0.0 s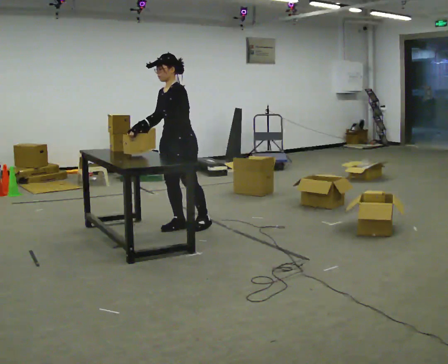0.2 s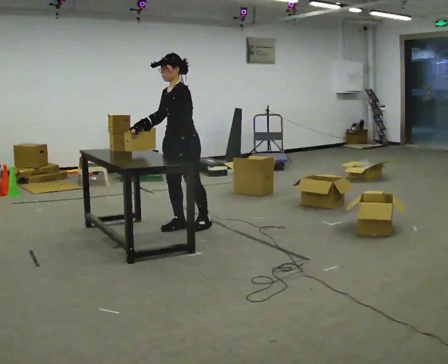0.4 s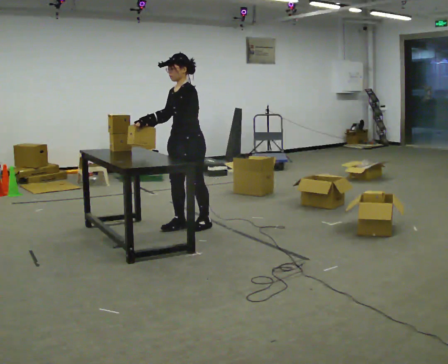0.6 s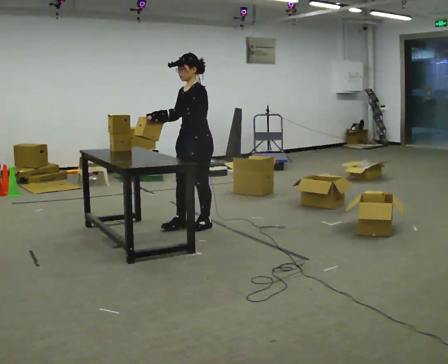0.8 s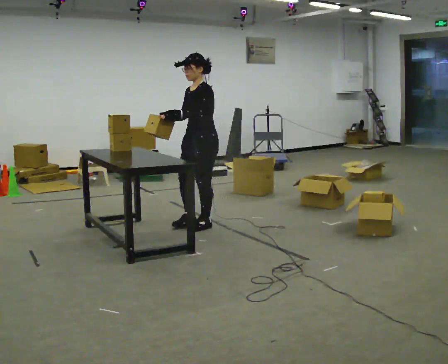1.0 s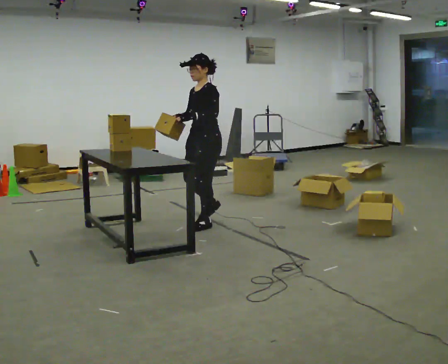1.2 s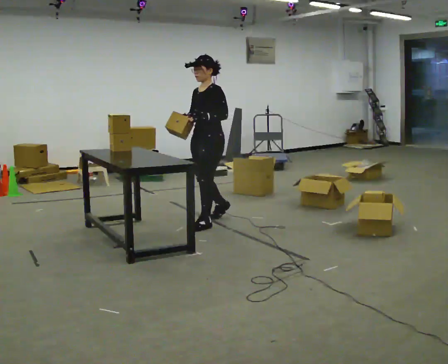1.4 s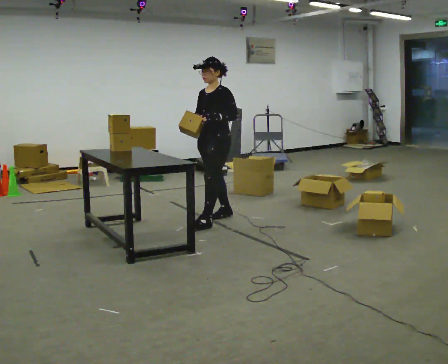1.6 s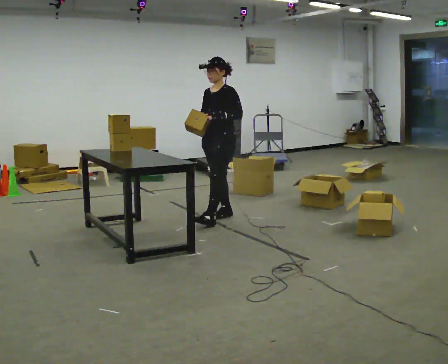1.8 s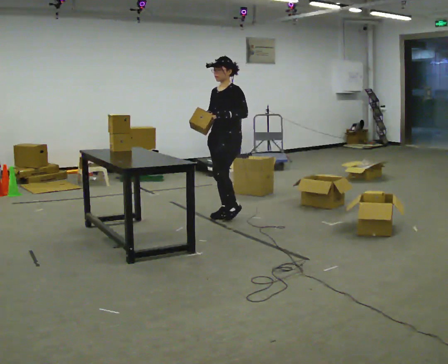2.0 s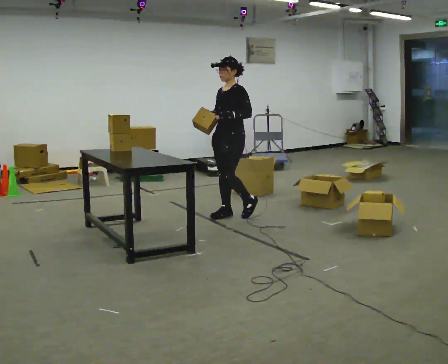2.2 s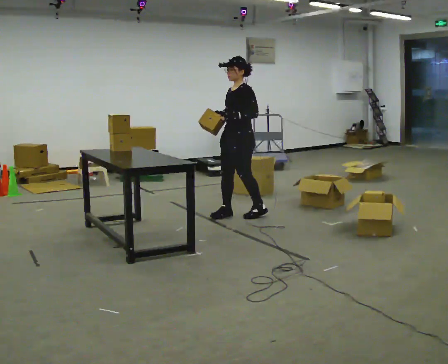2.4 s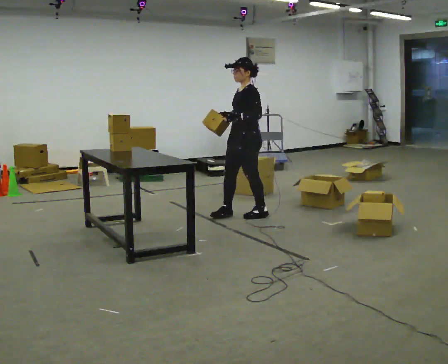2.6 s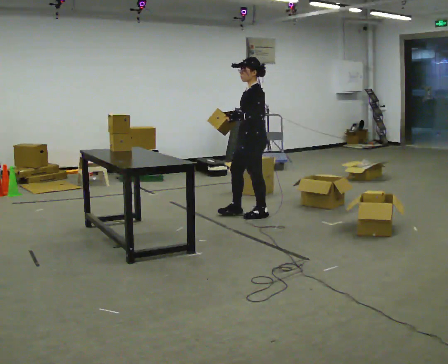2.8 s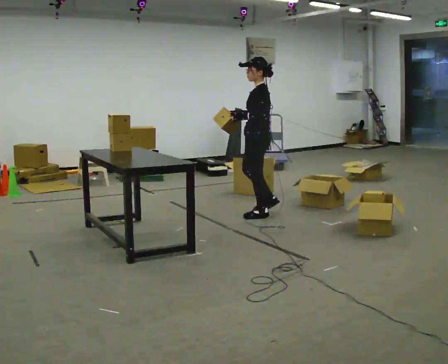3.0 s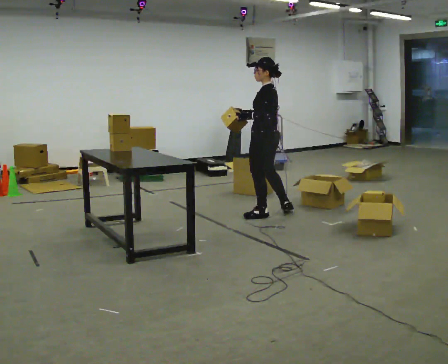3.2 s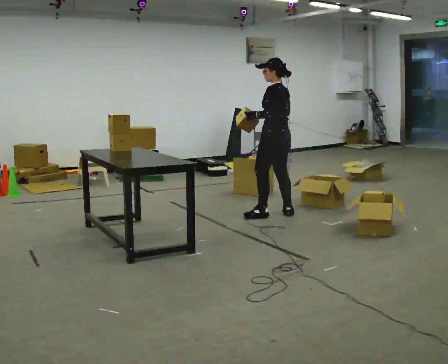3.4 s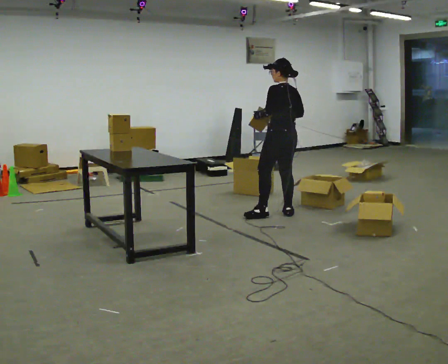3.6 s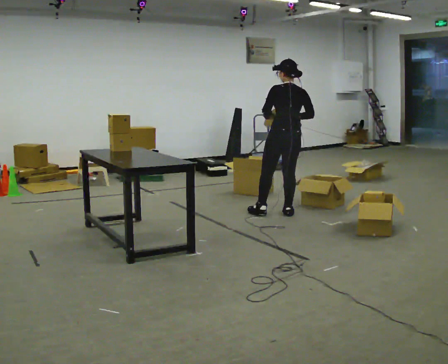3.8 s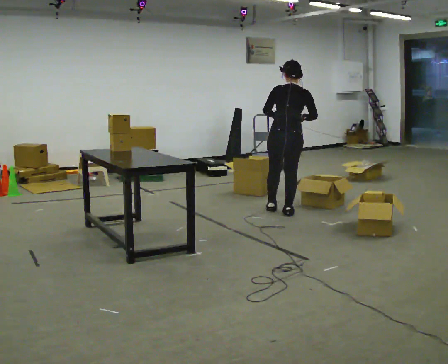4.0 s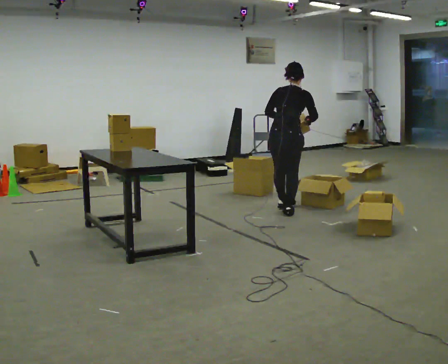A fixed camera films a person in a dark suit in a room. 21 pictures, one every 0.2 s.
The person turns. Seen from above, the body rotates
clockwise.
The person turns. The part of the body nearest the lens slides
to the left.
0.0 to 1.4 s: In the picture they go to the right and away from the camera, about 0.5 m in 1 step, which for them is backward.
1.4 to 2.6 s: The part of the body nearest the lens slides to the left as the person turns to their right by about 30 degrees. In the picture they go to the right and away from the camera, about 0.5 m in 2 steps, which for them is backward.
2.6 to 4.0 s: The person turns about 120 degrees to their right, clockwise seen from above, so the part of the body nearest the lens slides to the left. In the picture they go to the right, about 0.25 m in 1 step.
The film runs backward here.
